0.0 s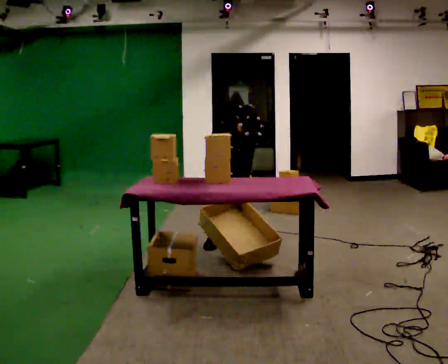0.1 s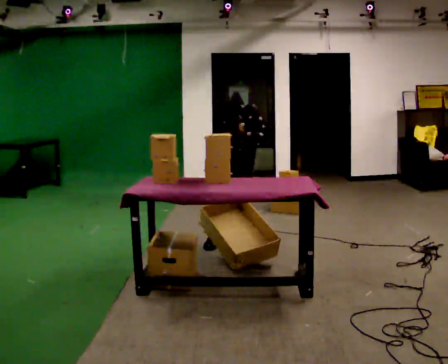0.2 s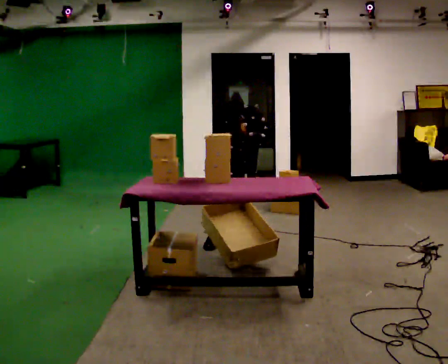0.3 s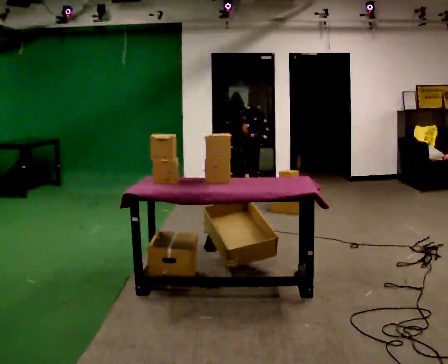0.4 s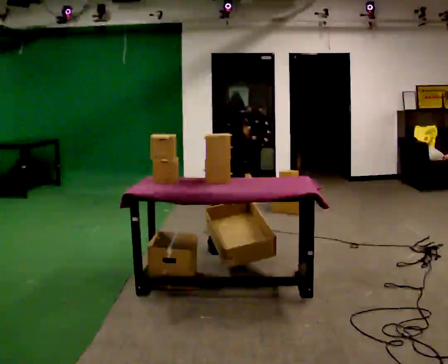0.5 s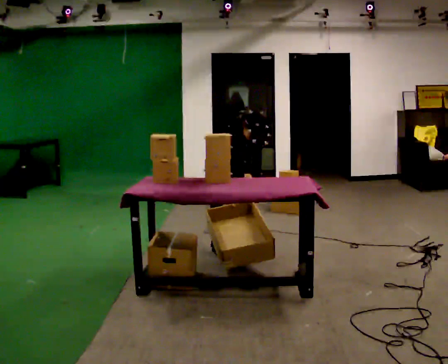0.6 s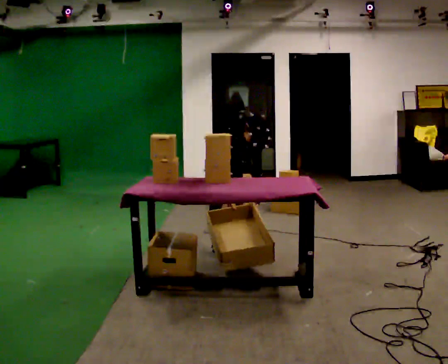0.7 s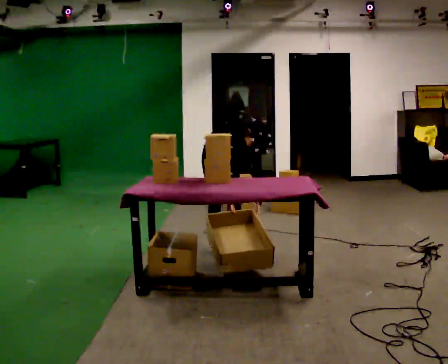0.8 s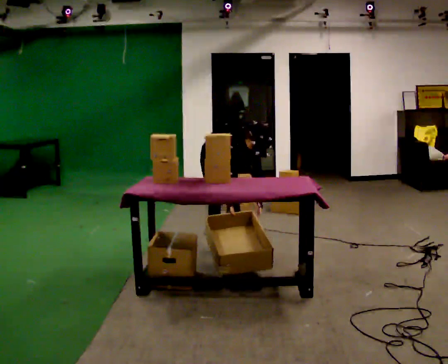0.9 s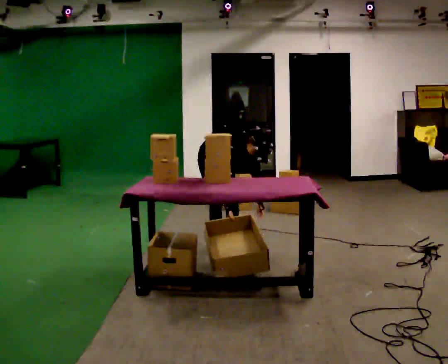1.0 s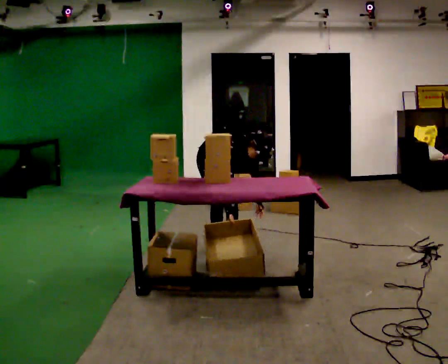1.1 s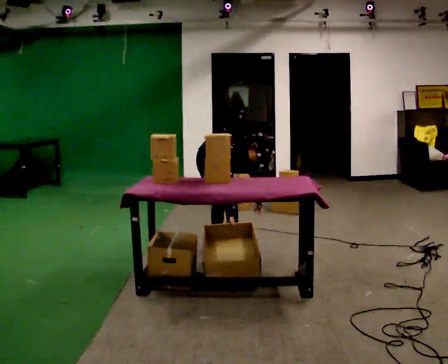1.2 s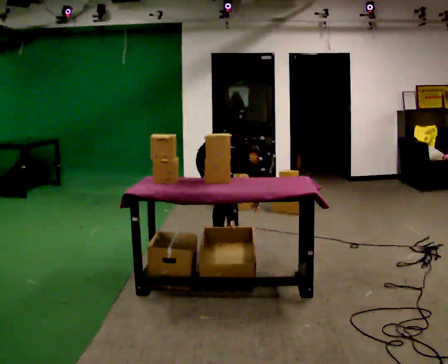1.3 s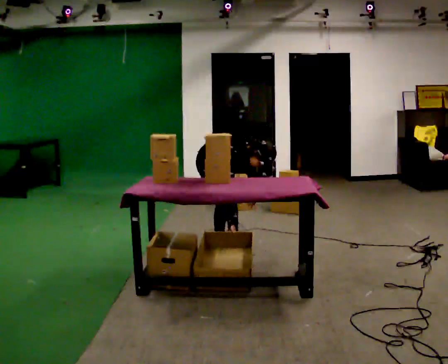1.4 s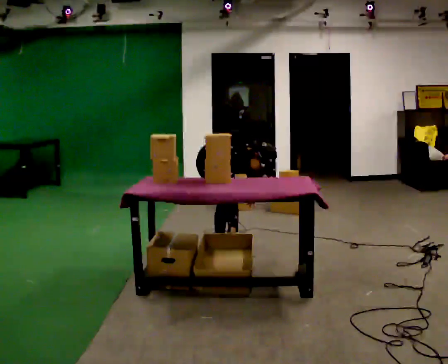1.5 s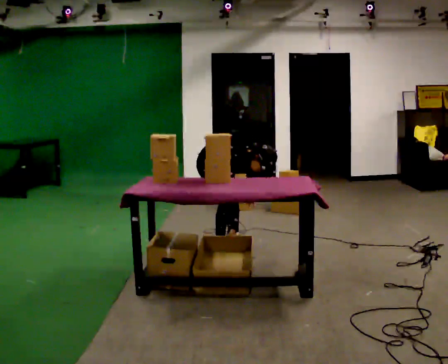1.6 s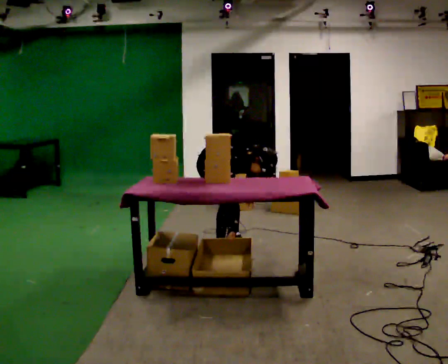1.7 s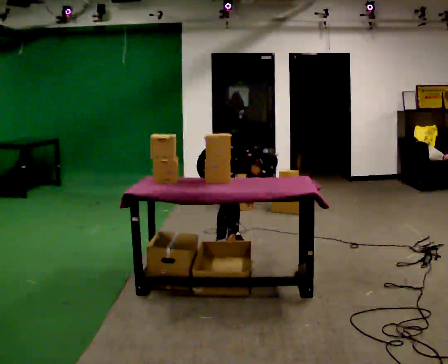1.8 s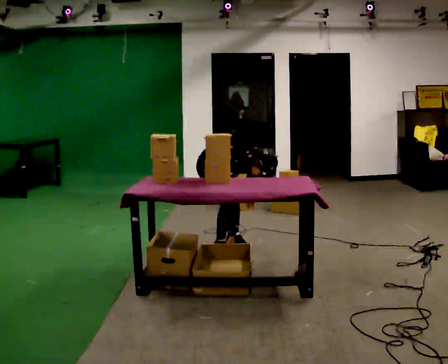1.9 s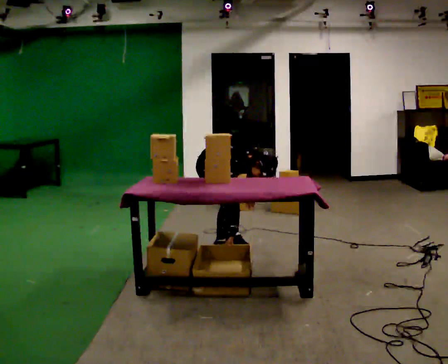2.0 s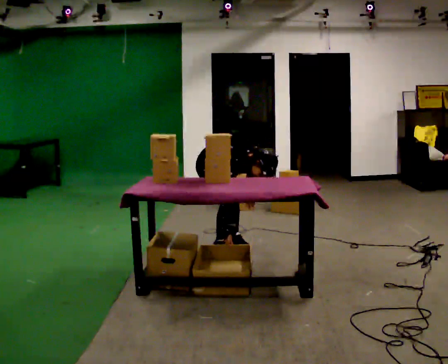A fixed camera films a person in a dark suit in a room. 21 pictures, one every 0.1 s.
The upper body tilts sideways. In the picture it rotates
clockwise.
0.0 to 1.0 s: The part of the body nearest the lens slides to the right as the person turns to their left by about 30 degrees. In the picture the upper body tilts clockwise, shoulders to the right, as they bend forward.
1.0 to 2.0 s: In the picture the upper body tilts clockwise, shoulders to the right.
The film runs forward here.
